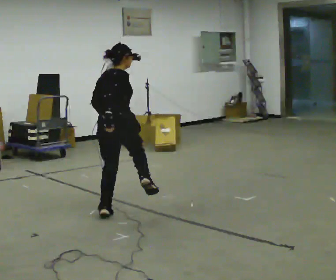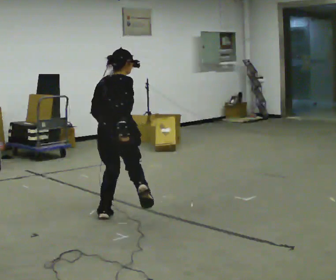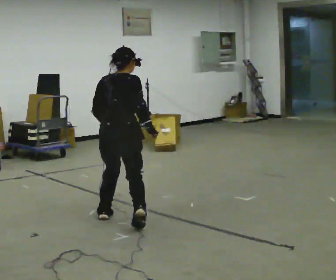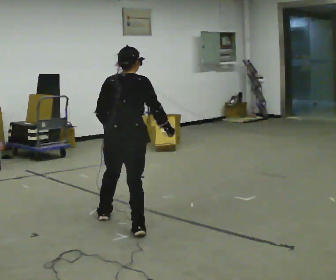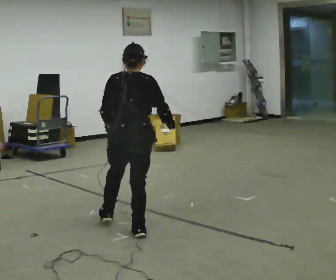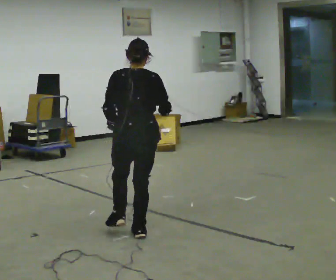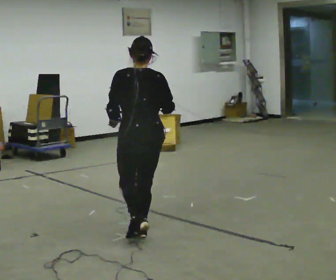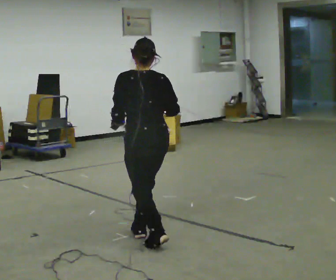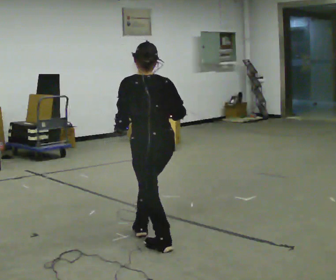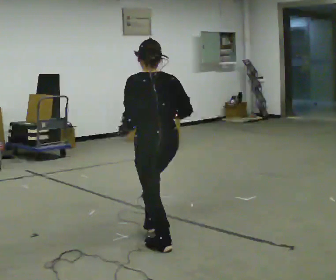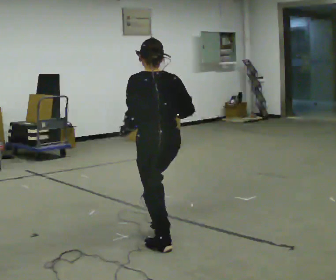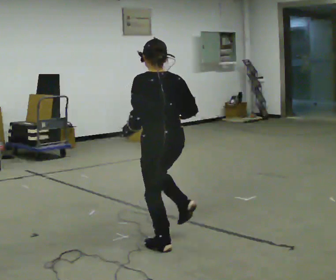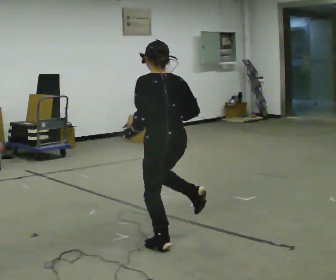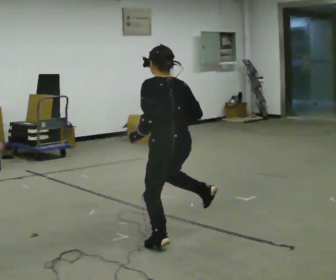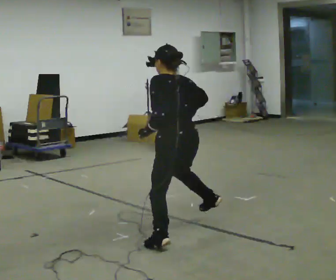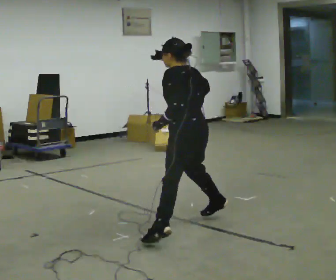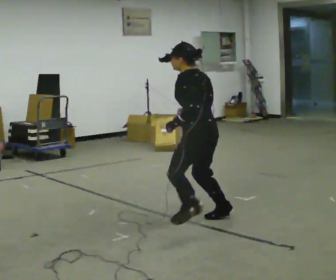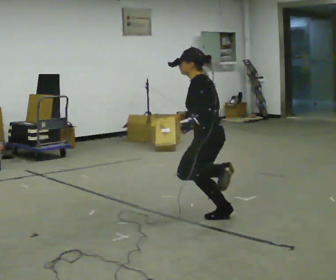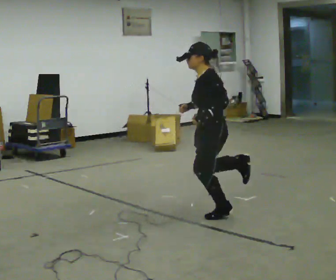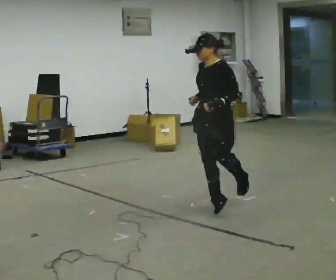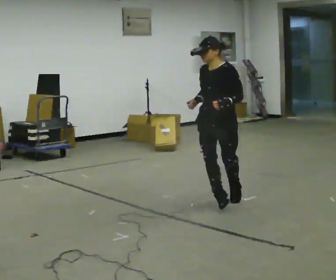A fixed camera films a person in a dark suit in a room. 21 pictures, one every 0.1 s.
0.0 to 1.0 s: The person turns about 60 degrees to their left, counterclockwise seen from above, so the part of the body nearest the lens slides to the right. In the picture they go toward the camera and to the right, about 1 m in 3 steps.
1.0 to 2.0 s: The person turns about 120 degrees to their left, counterclockwise seen from above, so the part of the body nearest the lens slides to the right. In the picture they go away from the camera and to the right, about 1 m in 1 step.
The film runs forward here.
